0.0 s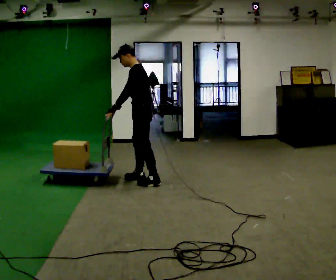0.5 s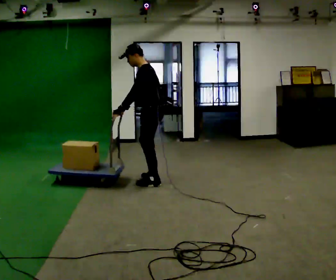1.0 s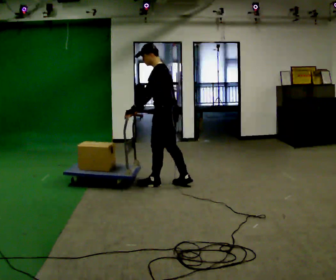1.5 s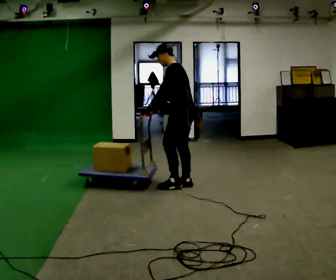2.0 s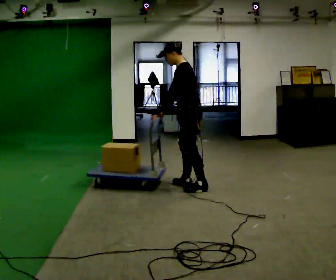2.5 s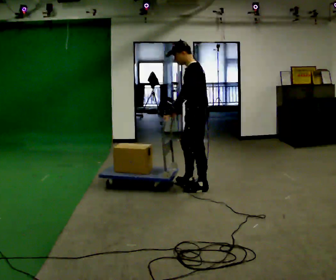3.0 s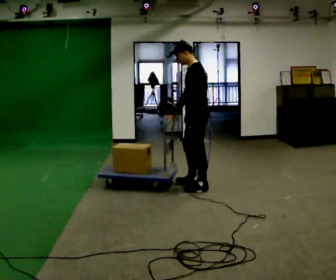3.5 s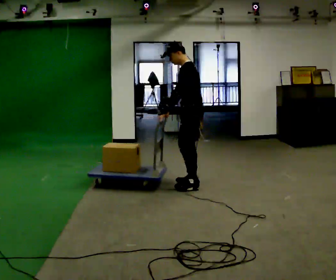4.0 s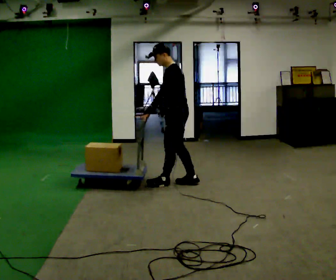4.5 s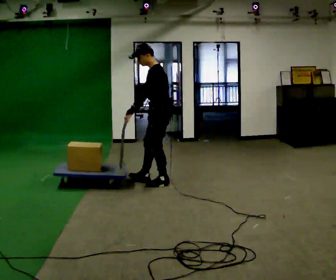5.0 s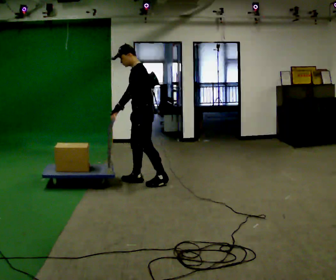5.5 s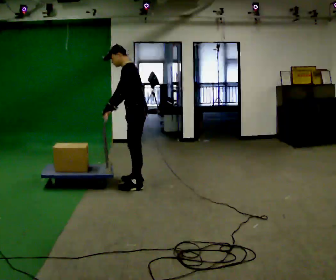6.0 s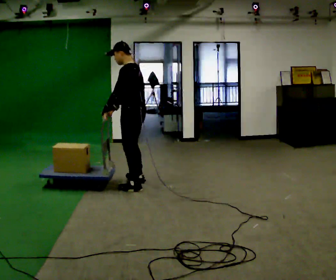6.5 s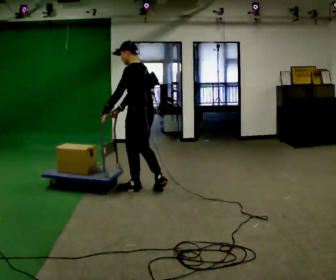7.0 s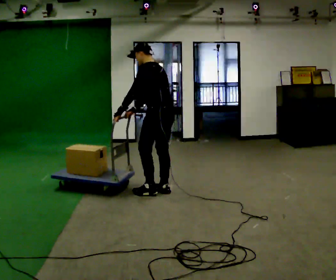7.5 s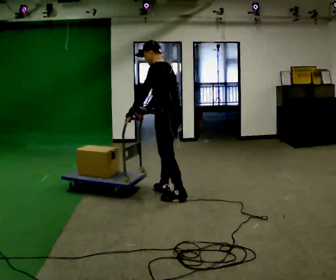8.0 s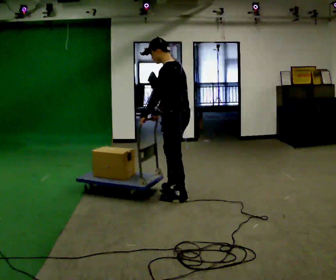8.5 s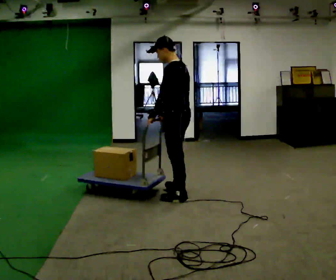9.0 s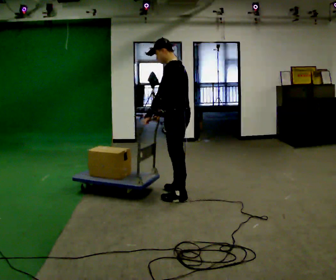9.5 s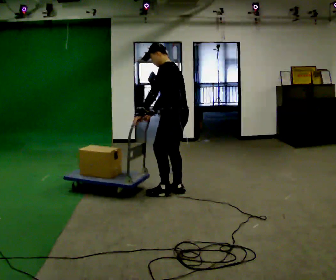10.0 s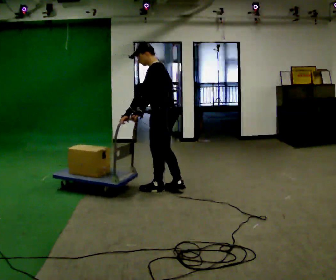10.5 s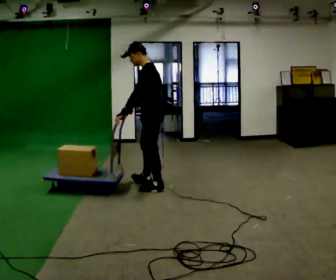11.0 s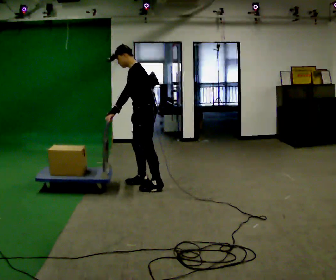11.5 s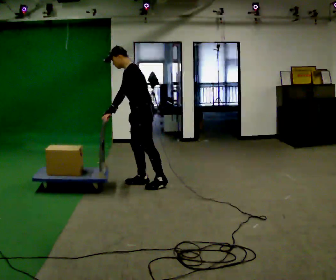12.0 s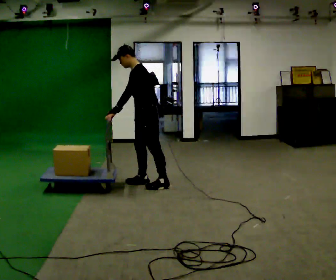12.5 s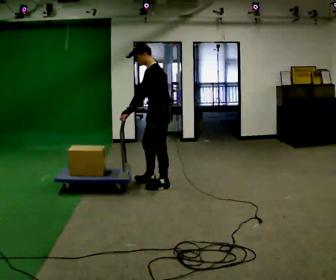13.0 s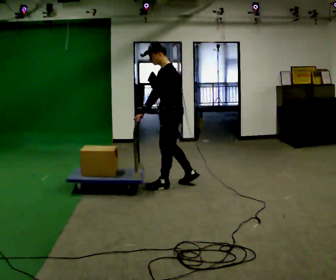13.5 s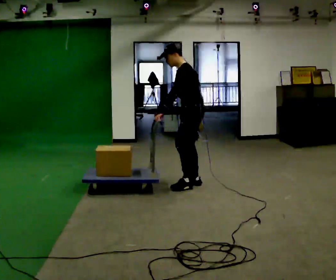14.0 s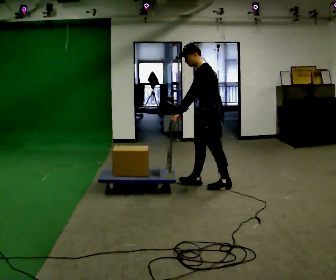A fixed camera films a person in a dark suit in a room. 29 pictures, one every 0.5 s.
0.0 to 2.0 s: In the picture they go to the right and toward the camera, about 0.5 m in 2 steps, which for them is backward.
2.0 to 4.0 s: The person moves a little, or ends about where they began.
4.0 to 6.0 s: In the picture they go to the left, about 0.5 m in 3 steps, which for them is forward.
6.0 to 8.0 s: In the picture they go to the right and toward the camera, about 0.75 m in 2 steps, which for them is backward.
8.0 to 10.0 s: In the picture they go away from the camera, about 0.25 m in 1 step, which for them is to their right and forward.
10.0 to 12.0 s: The part of the body nearest the lens slides to the right as the person turns to their left by about 30 degrees. In the picture they go away from the camera and to the left, about 0.25 m in 2 steps, which for them is to their right and forward.
12.0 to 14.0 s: In the picture they go to the right, about 0.5 m in 2 steps, which for them is backward.
The film runs backward here.
